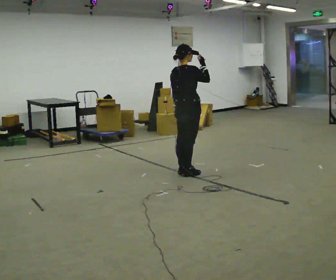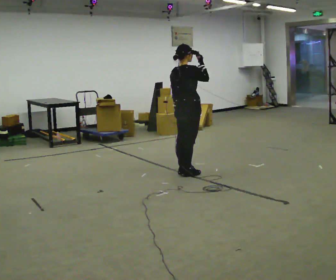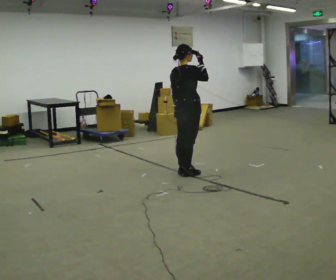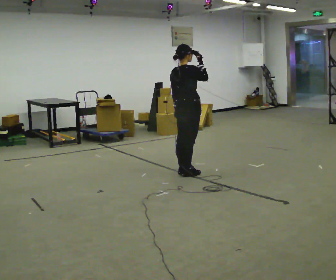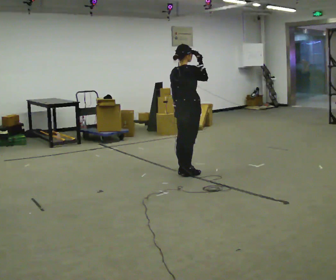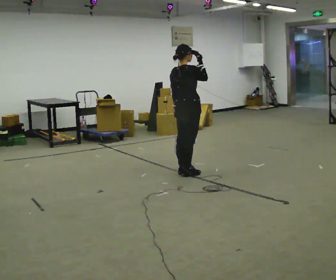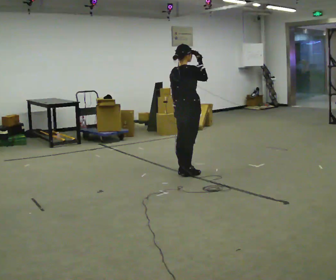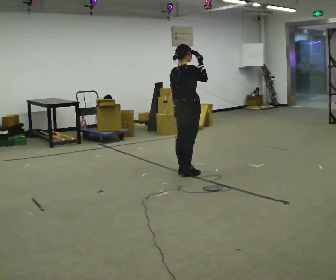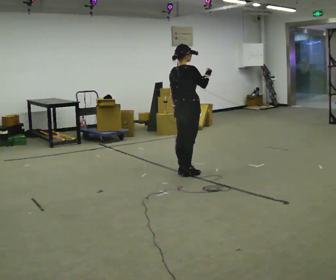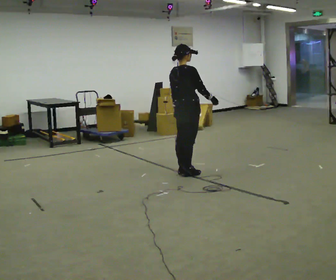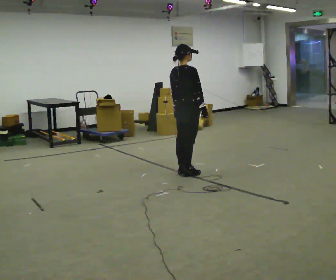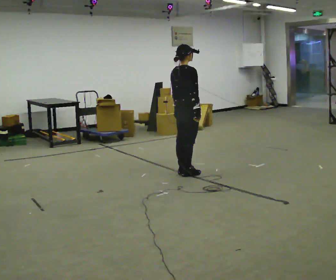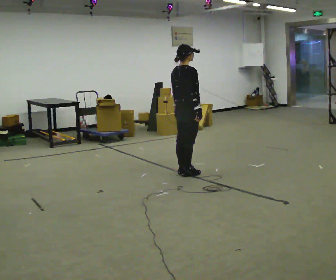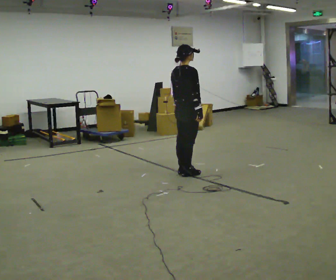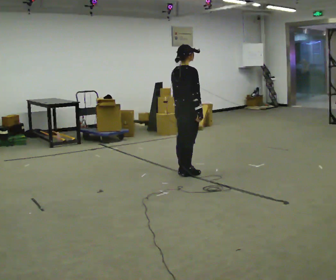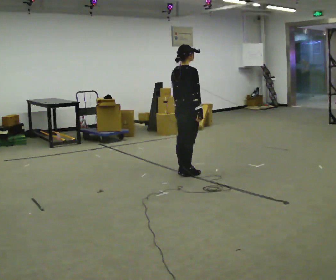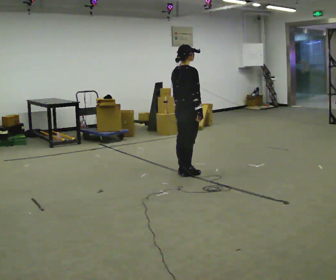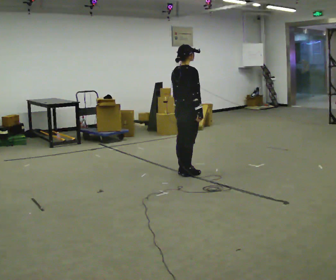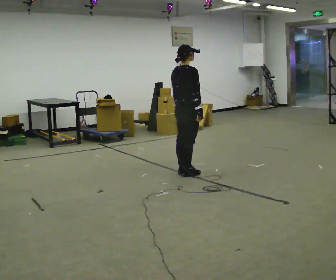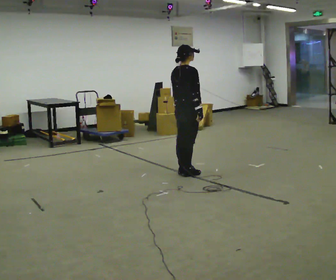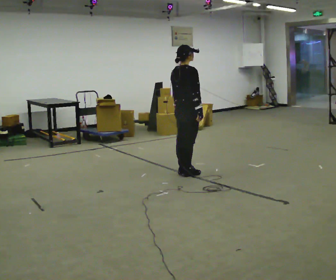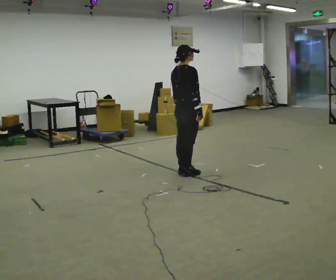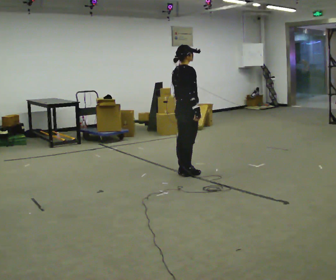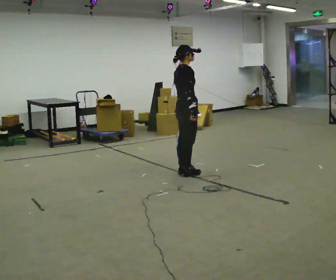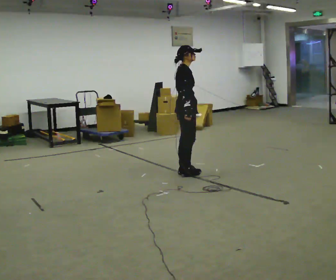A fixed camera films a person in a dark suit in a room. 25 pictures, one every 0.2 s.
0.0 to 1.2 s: The person keeps their place and pose.
1.2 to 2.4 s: In the picture their right hand goes downward.
2.4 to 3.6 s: The person keeps their place and pose.
3.6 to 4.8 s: Seen from above the body turns clockwise, about 45 degrees: to their right, with its near side sliding to the left.
The film runs forward here.
